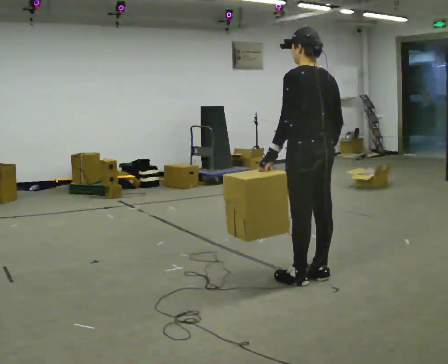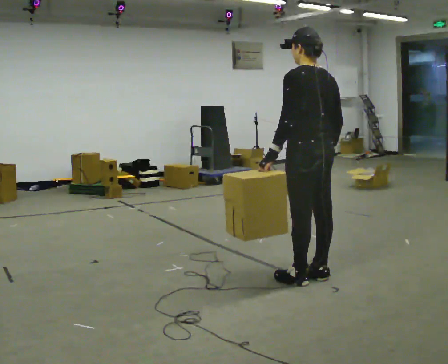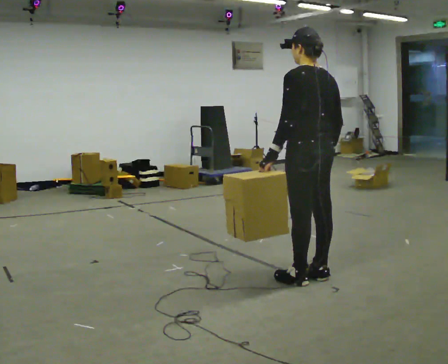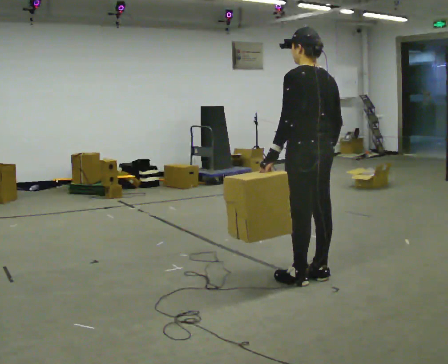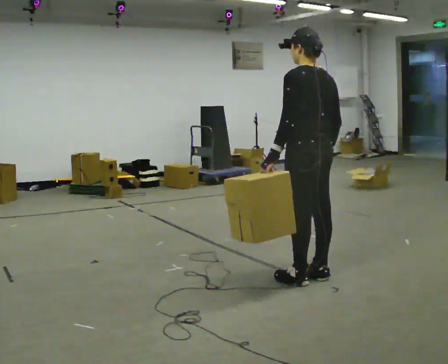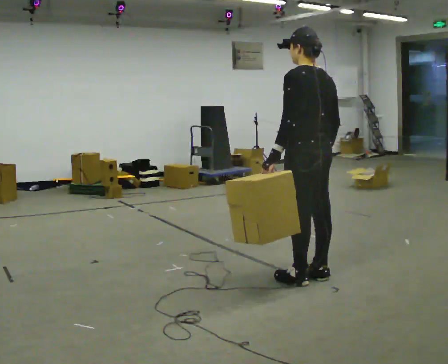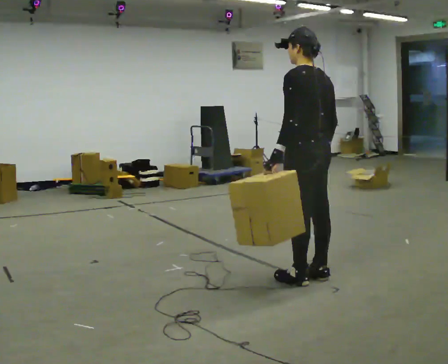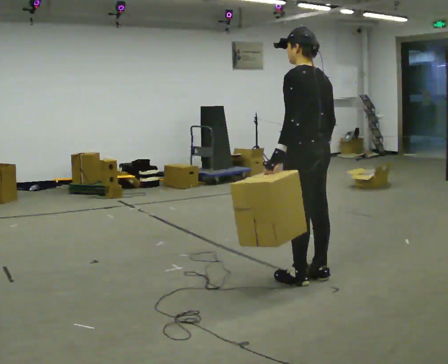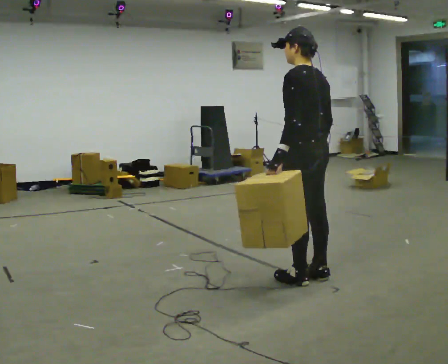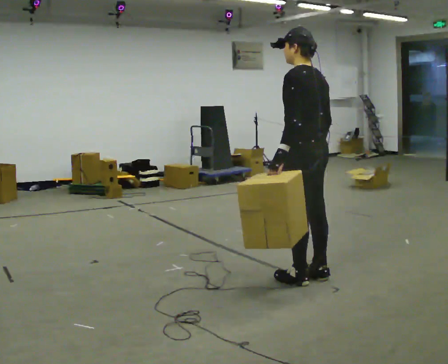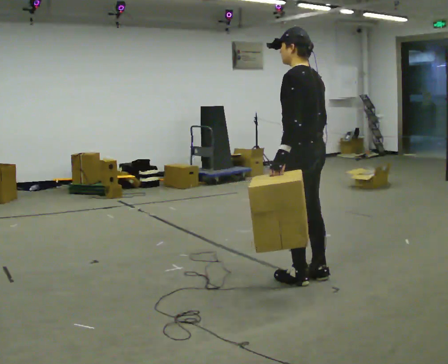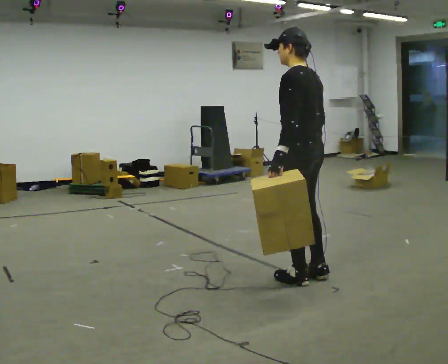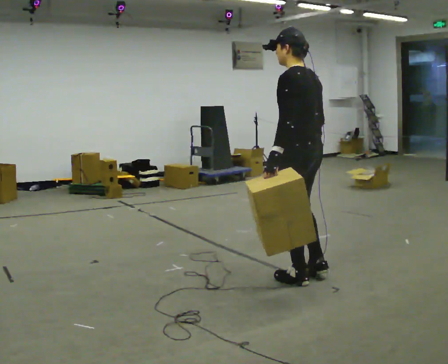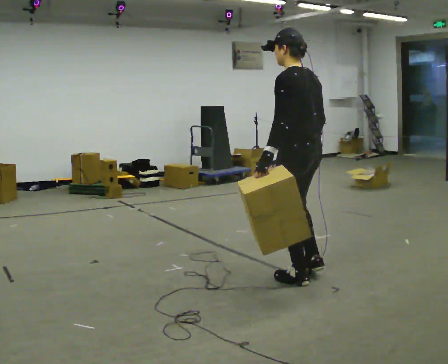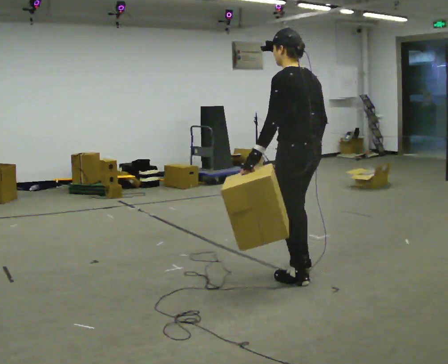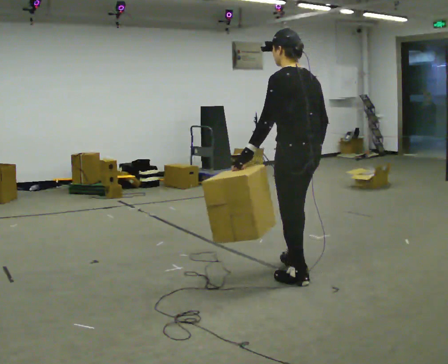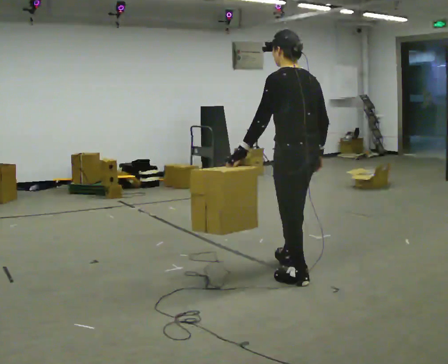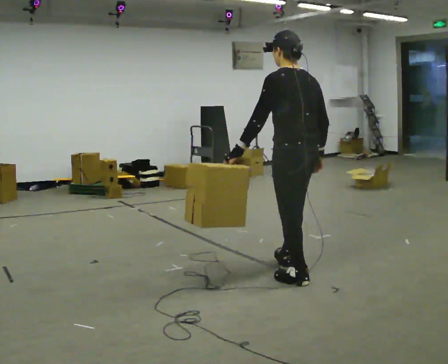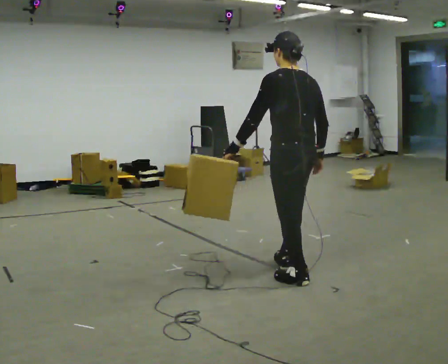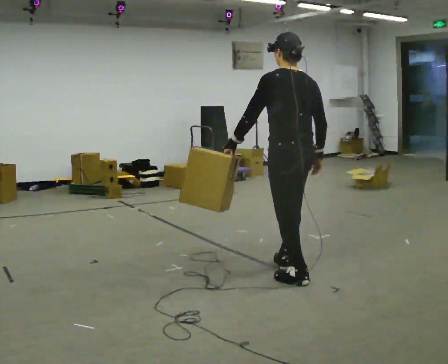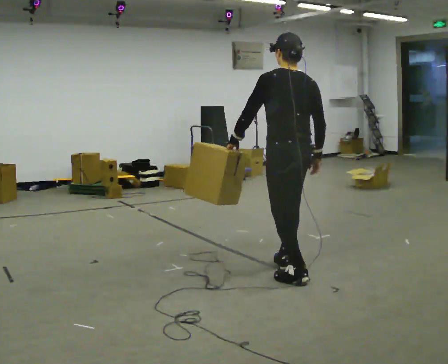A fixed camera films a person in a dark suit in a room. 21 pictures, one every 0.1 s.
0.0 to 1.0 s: The person moves a little, or ends about where they began.
1.0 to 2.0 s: In the picture they go to the left, about 0.25 m in 1 step, which for them is forward. In the picture their left hand goes to the left.
The film runs forward here.
